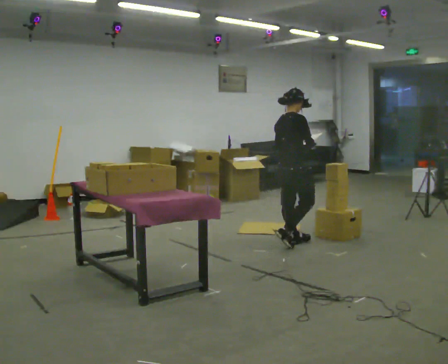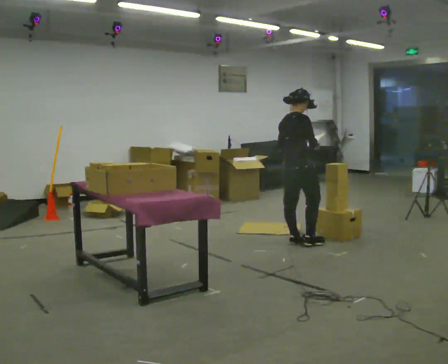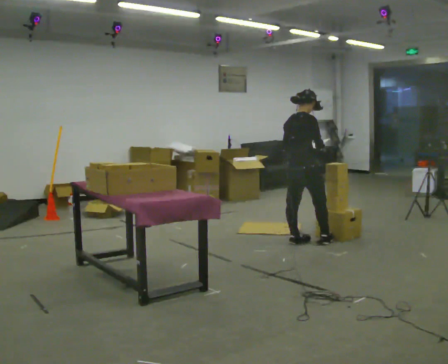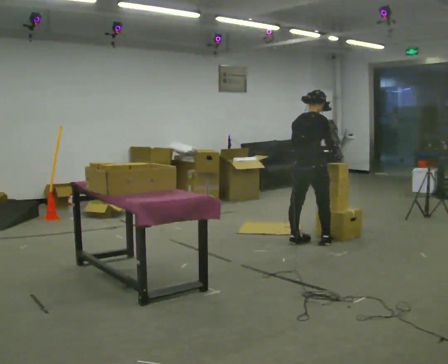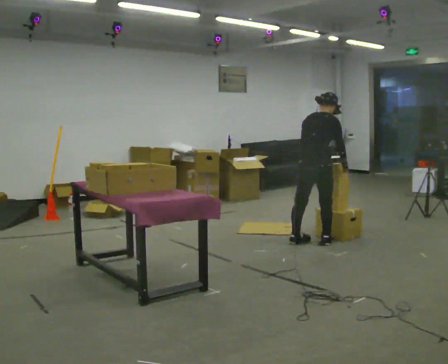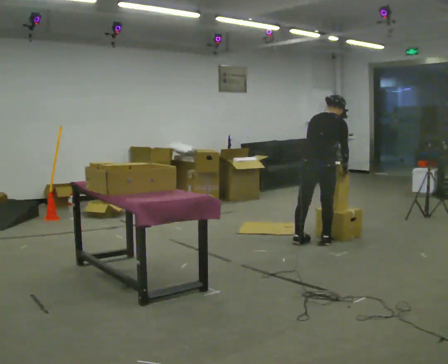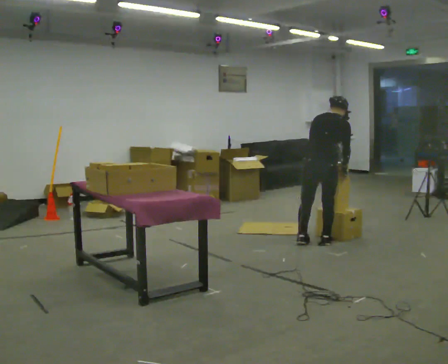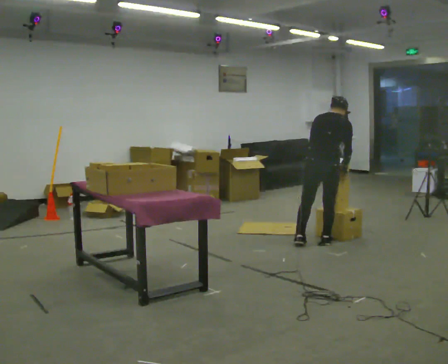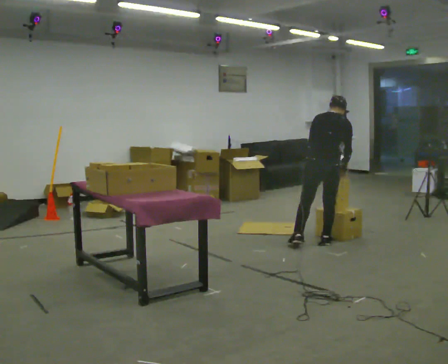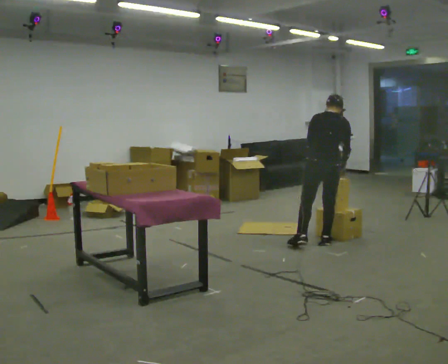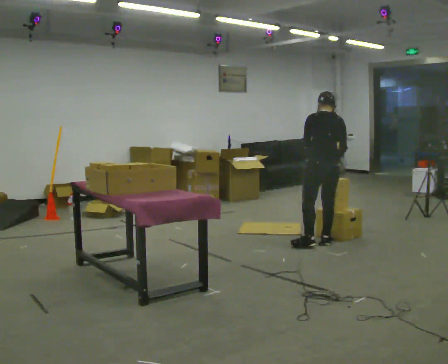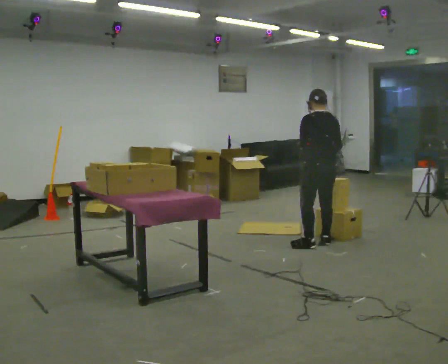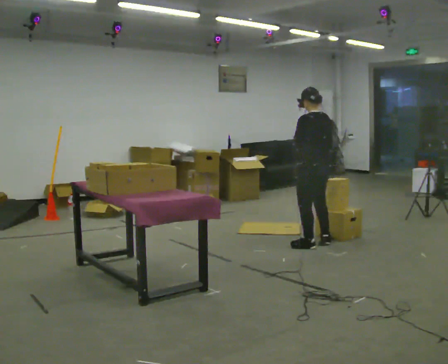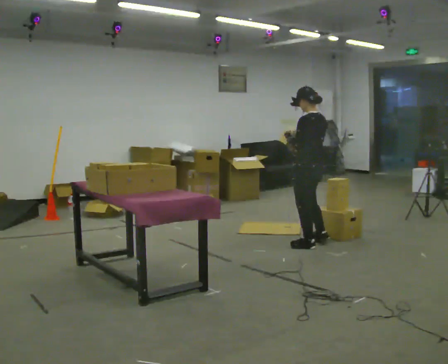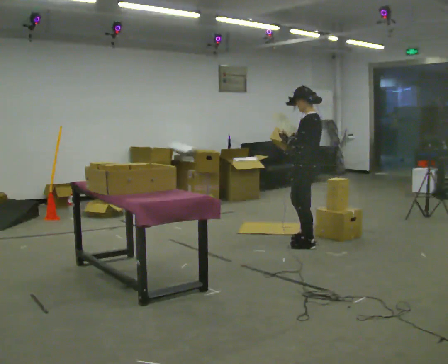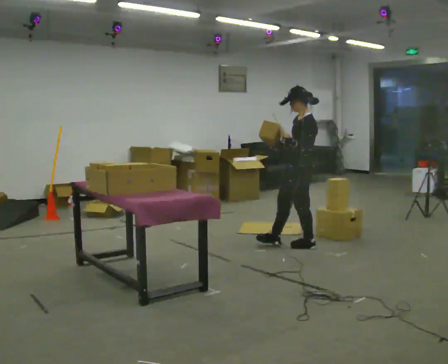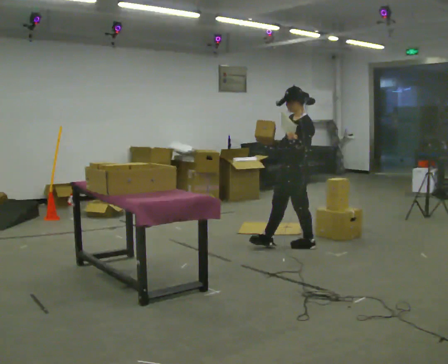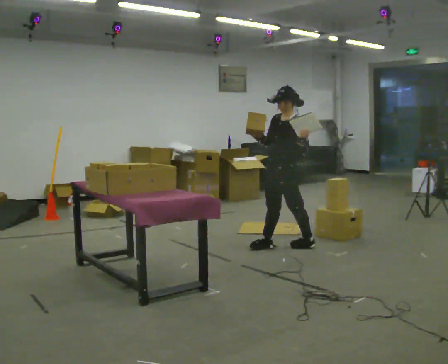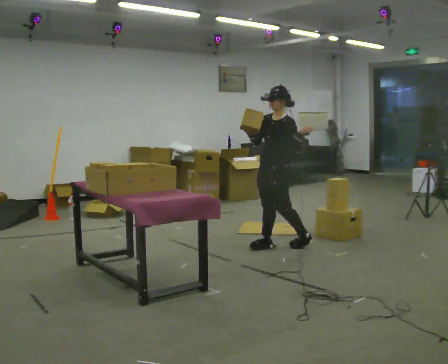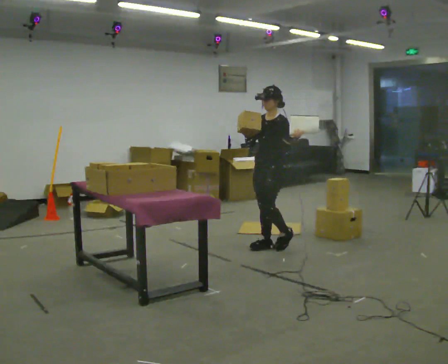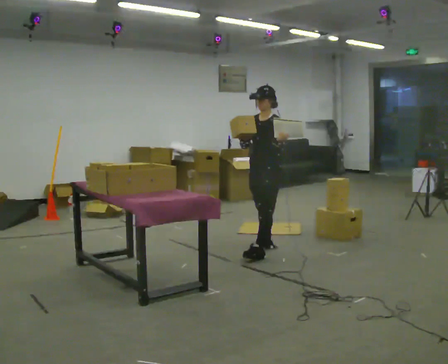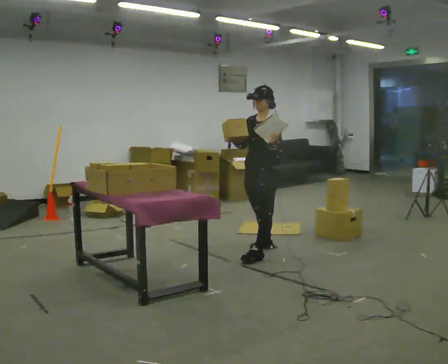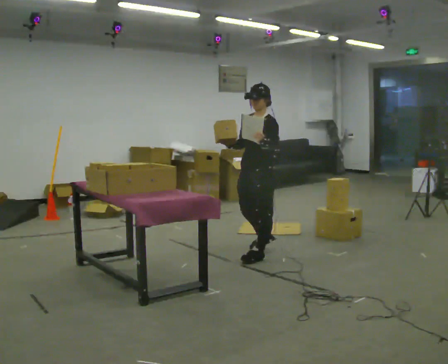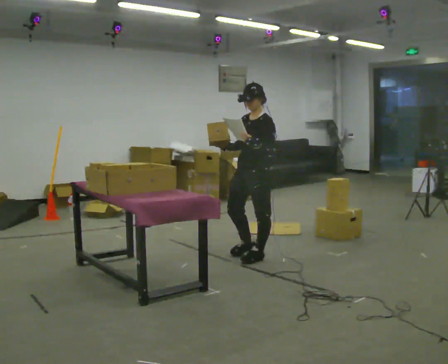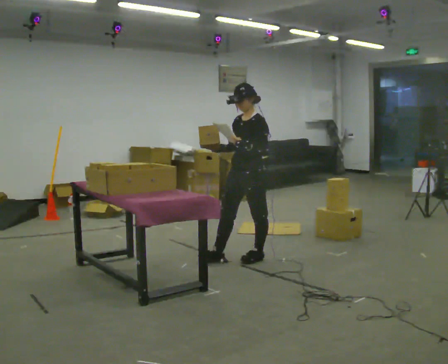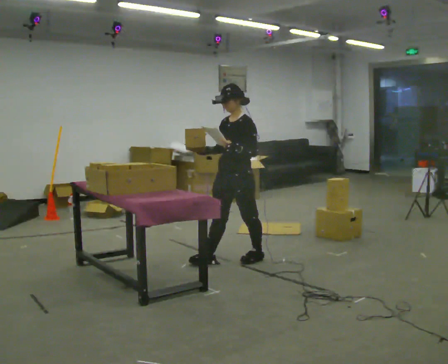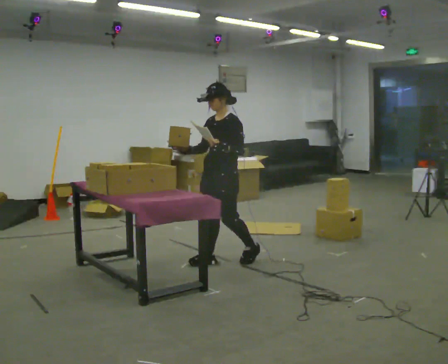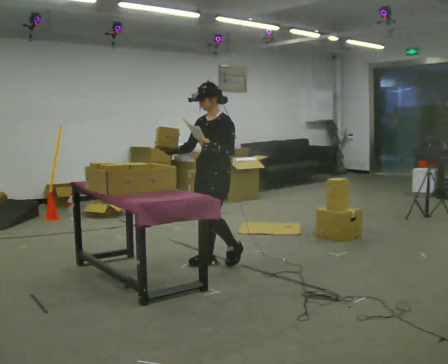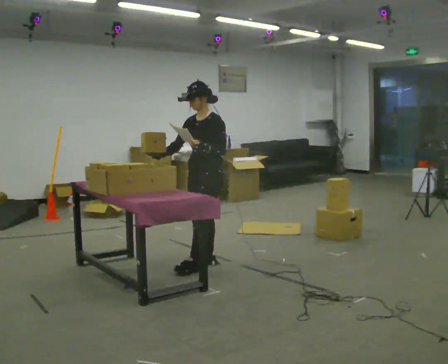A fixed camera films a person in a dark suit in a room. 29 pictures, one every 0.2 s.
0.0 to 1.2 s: Seen from above the body turns counterclockwise, about 45 degrees: to their left, with its near side sliding to the right. In the picture they go to the right, about 0.25 m in 1 step, which for them is to their right and forward. In the picture the upper body tilts clockwise, shoulders to the right, as they bend forward.
1.2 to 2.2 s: The part of the body nearest the lens slides to the right as the person turns to their left by about 45 degrees. In the picture the upper body tilts counterclockwise, shoulders to the left, as they lean back or straighten.
2.2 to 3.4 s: The person turns about 90 degrees to their left, counterclockwise seen from above, so the part of the body nearest the lens slides to the right. In the picture they go to the left, about 0.25 m in 1 step.
3.4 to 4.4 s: In the picture they go toward the camera and to the left, about 0.5 m in 1 step, which for them is forward.
4.4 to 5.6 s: In the picture they go to the left and toward the camera, about 0.5 m in 1 step, which for them is forward.
The film runs forward here.
